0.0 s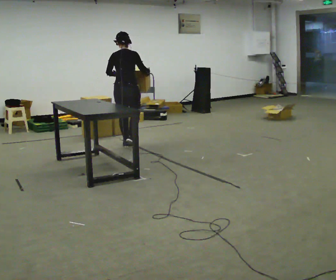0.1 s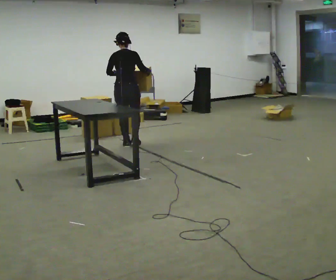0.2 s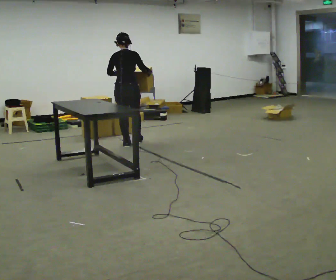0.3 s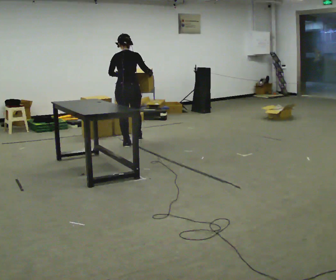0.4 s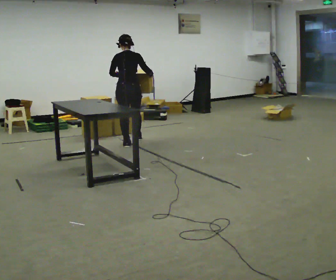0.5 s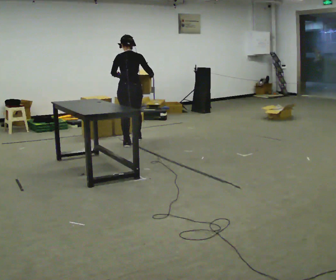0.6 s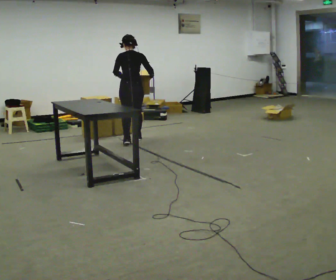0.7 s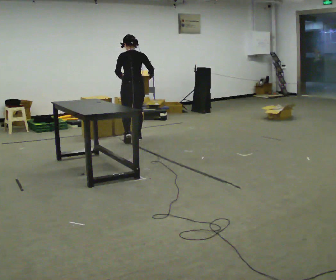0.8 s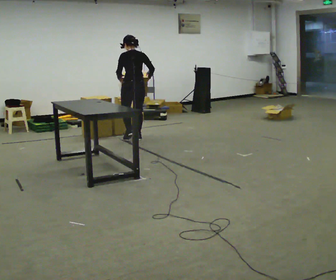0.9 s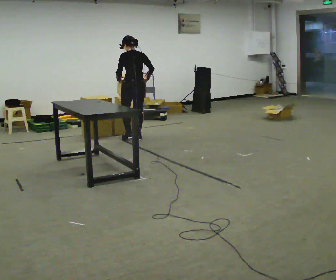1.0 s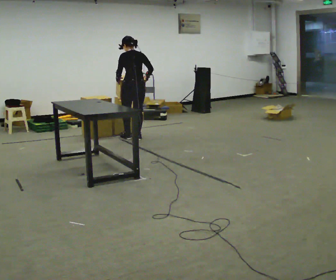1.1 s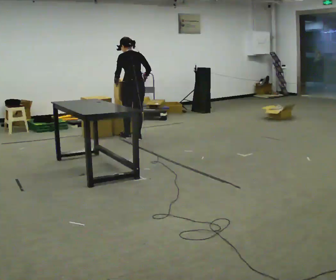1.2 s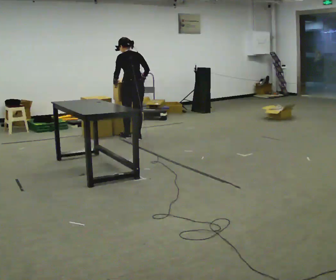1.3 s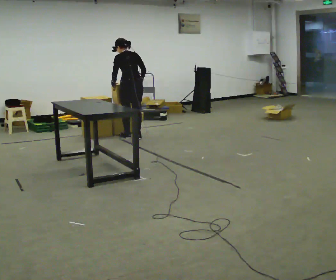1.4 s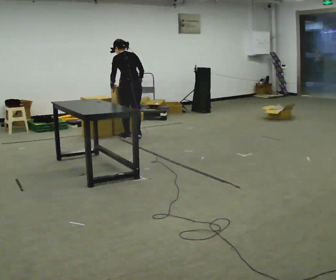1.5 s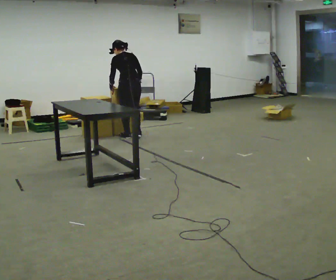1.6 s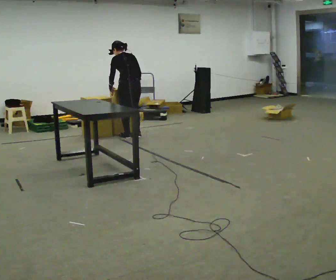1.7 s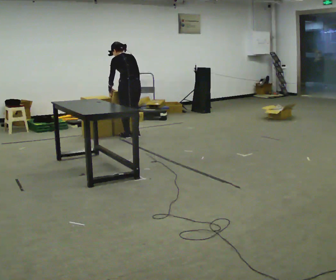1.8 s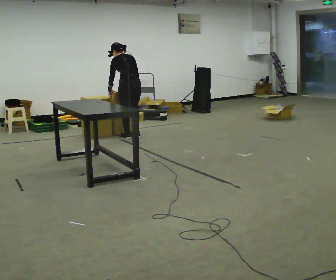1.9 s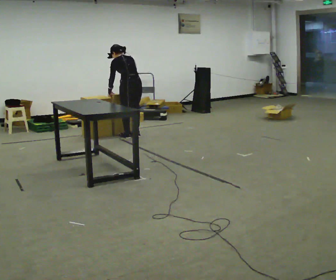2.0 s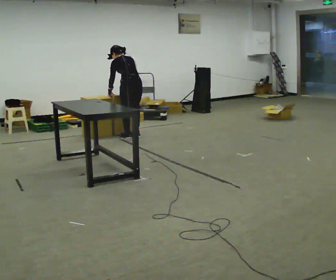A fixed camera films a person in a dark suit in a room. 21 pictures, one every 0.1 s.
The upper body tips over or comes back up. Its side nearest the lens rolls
upward.
0.0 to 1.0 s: The part of the body nearest the lens slides to the right as the person turns to their left by about 45 degrees. In the picture they go away from the camera, about 0.5 m in 2 steps, which for them is forward.
1.0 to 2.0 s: The upper body tips away from the camera, its near side rolling upward, as they bend forward.
The film runs forward here.
